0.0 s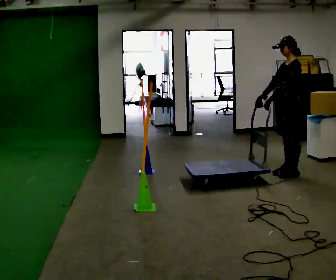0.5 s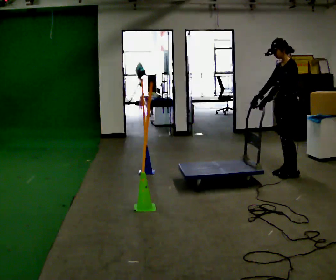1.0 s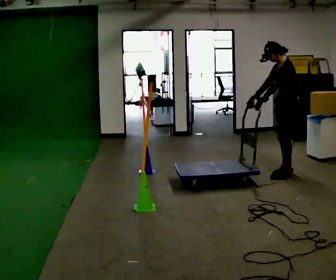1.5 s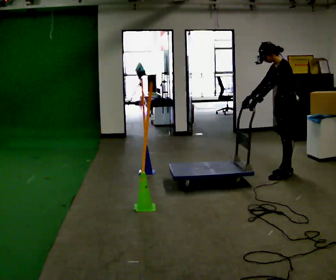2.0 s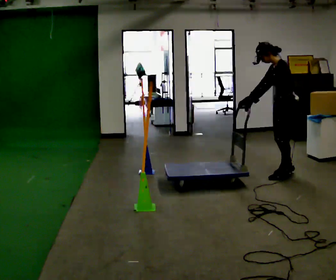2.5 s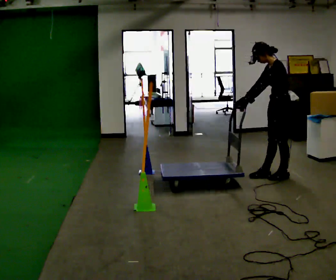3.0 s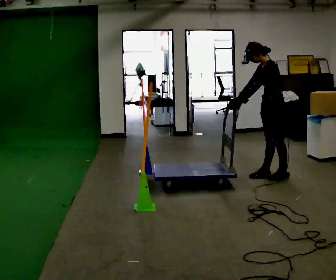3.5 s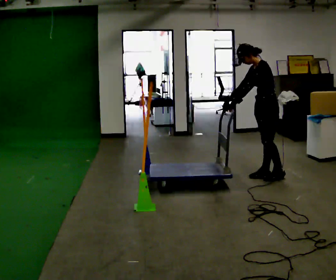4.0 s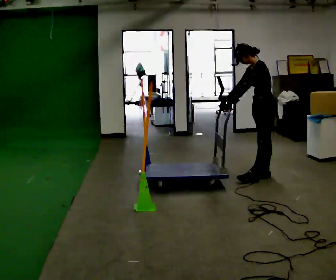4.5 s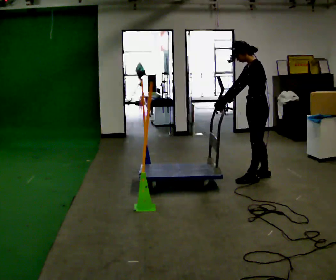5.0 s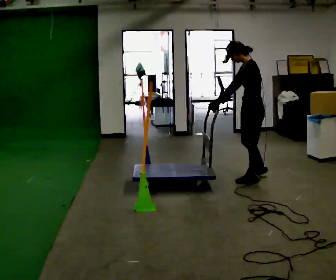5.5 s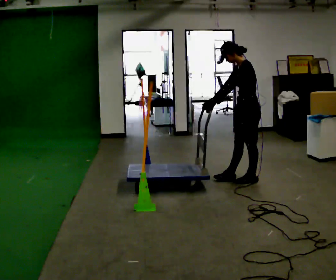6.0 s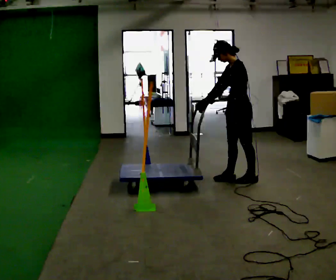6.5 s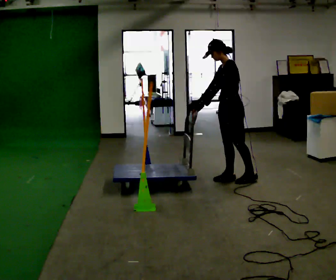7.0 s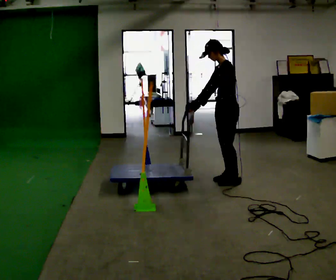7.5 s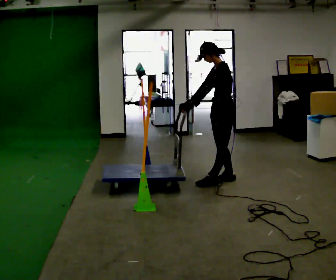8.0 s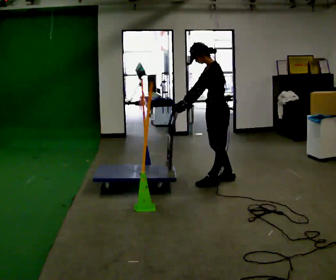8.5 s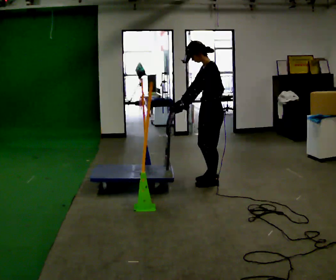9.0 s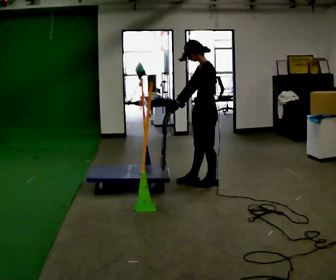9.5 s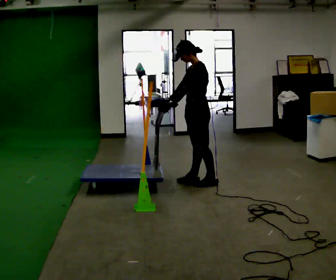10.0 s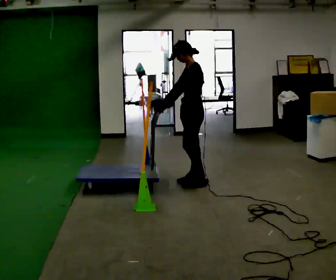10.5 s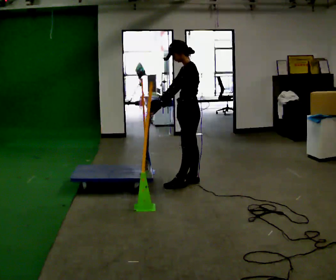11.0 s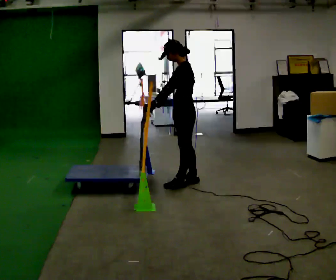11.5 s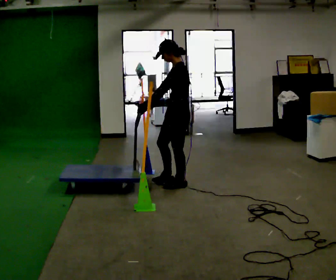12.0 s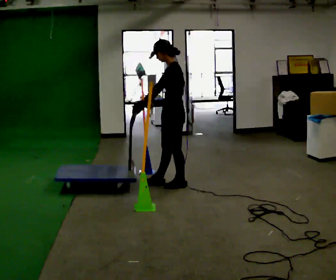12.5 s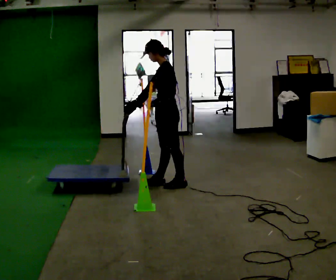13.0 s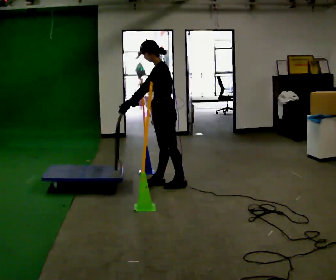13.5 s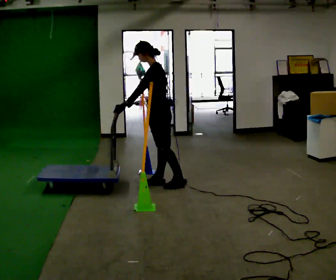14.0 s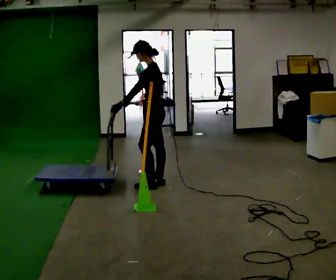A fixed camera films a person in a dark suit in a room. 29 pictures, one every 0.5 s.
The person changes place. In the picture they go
to the left.
0.0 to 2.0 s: In the picture the upper body tilts counterclockwise, shoulders to the left, as they bend forward.
2.0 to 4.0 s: In the picture they go to the left, about 0.25 m in 2 steps, which for them is forward.
4.0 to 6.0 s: In the picture they go to the left, about 0.25 m in 1 step, which for them is forward.
6.0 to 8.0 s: In the picture they go to the left, about 0.25 m in 1 step, which for them is forward.
8.0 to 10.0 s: In the picture they go to the left, about 0.25 m in 2 steps, which for them is forward.
10.0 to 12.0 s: In the picture they go to the left, about 0.25 m in 1 step, which for them is forward.
12.0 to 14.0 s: In the picture they go to the left, about 0.25 m in 1 step, which for them is forward.
The film runs backward here.
